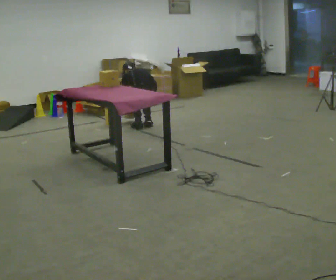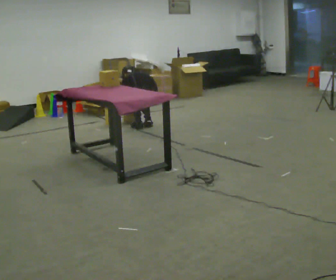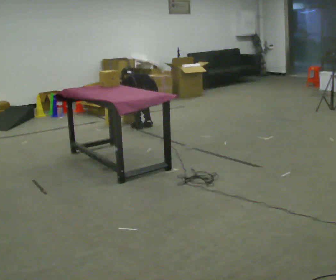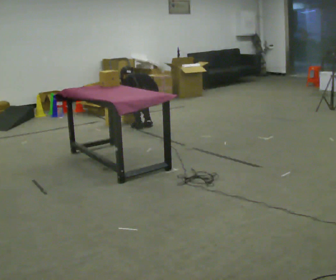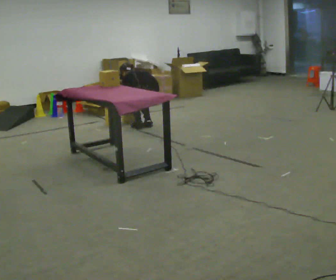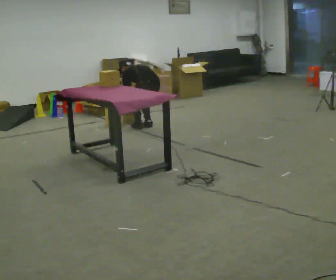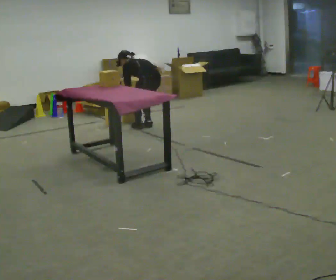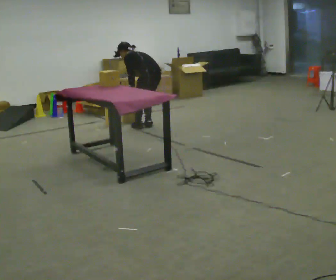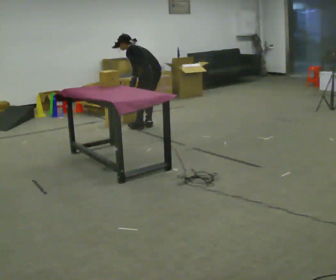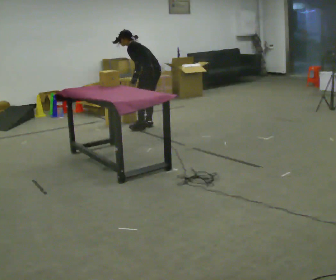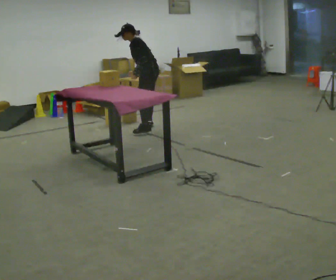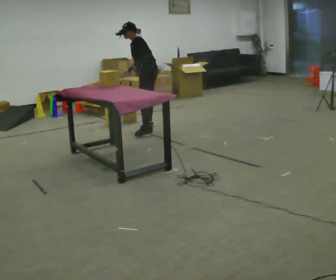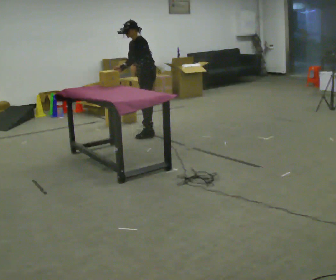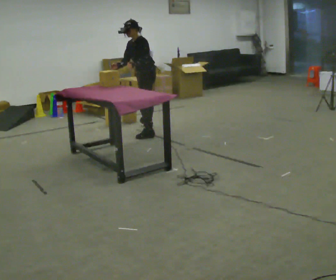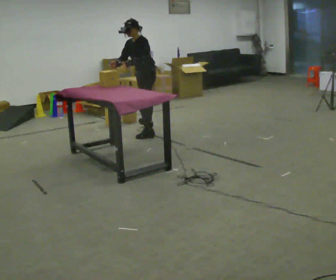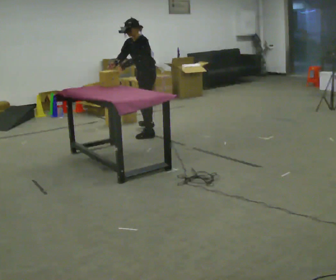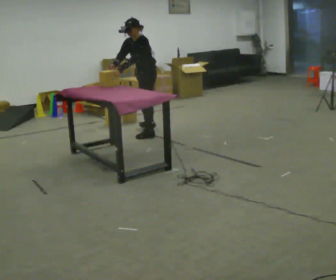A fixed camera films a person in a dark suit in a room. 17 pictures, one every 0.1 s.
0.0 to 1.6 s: The person turns about 90 degrees to their left, counterclockwise seen from above, so the part of the body nearest the lens slides to the right. In the picture they go toward the camera, about 0.25 m in 1 step. The upper body goes upward. The upper body tips toward the camera, its near side rolling downward, as they lean back or straighten. In the picture their right hand goes upward and to the left.
The film runs forward here.
